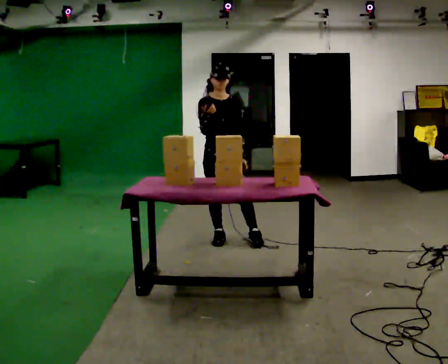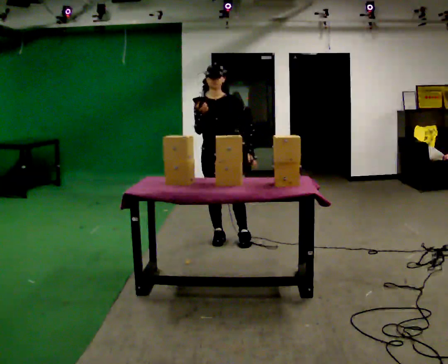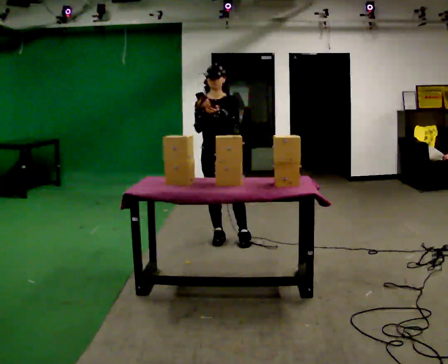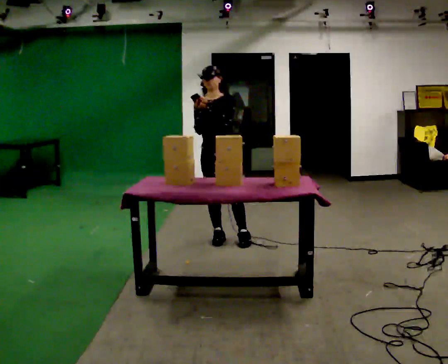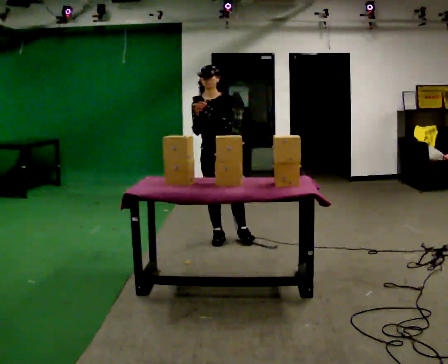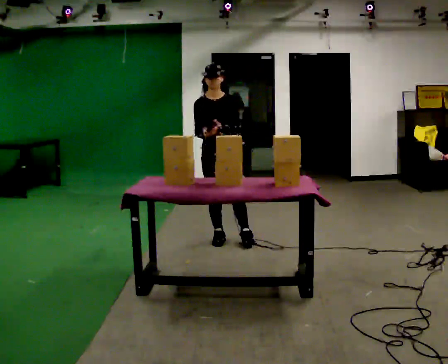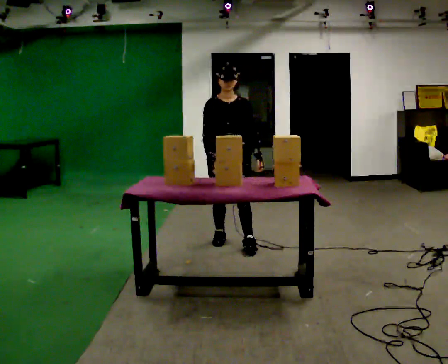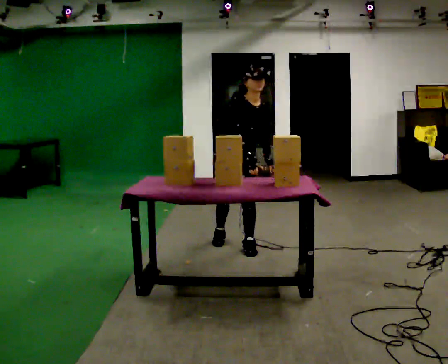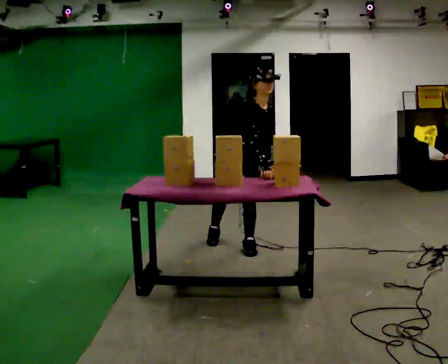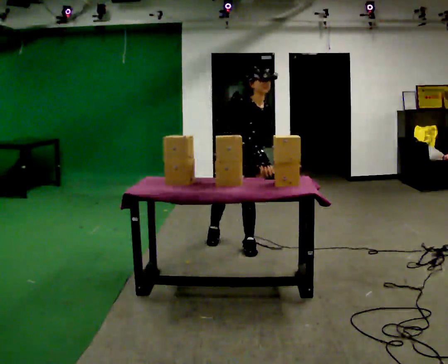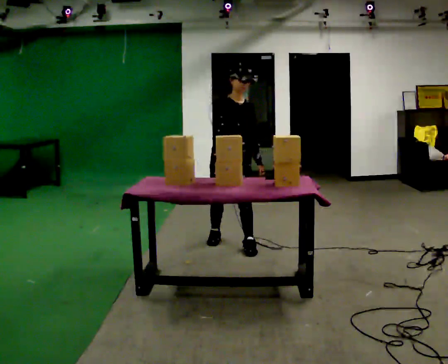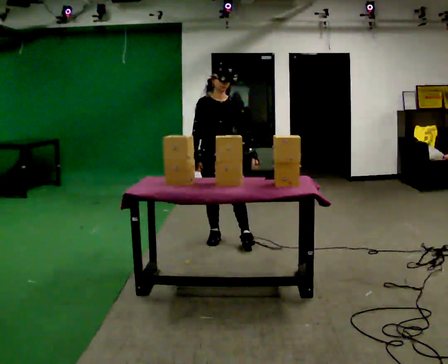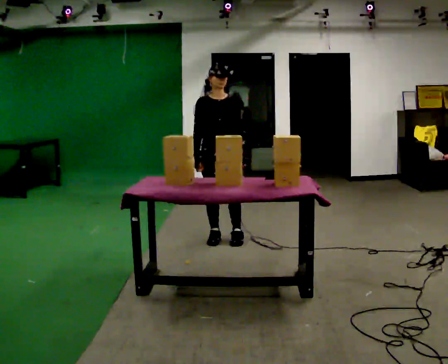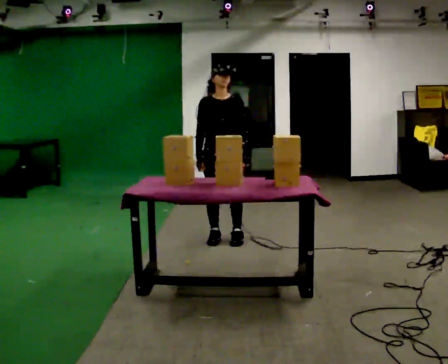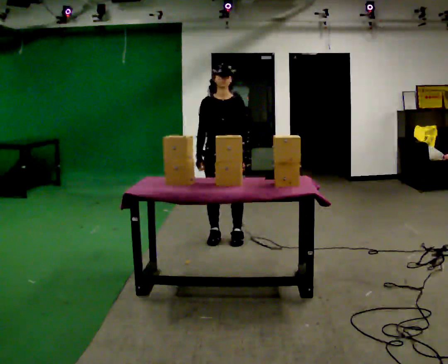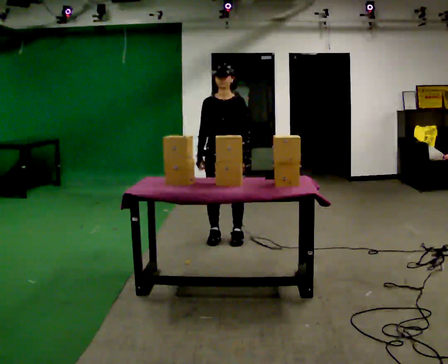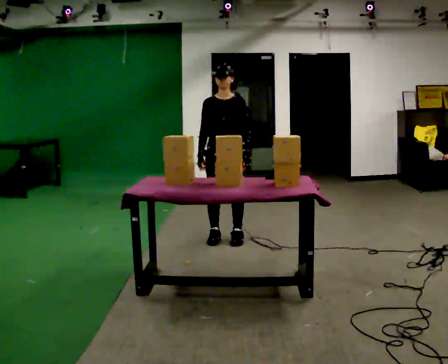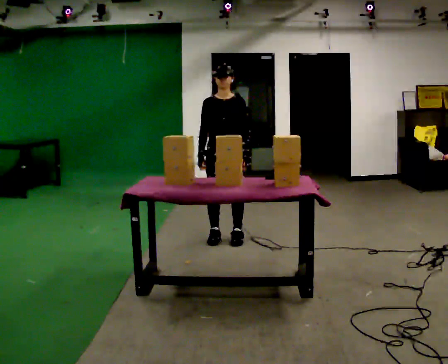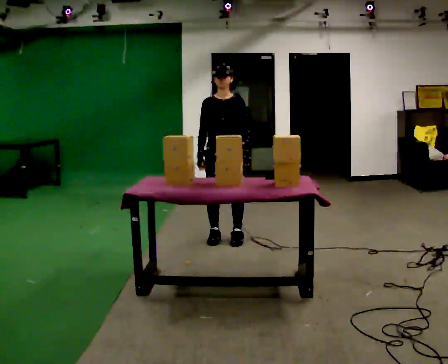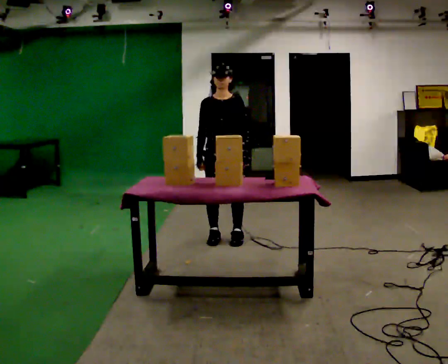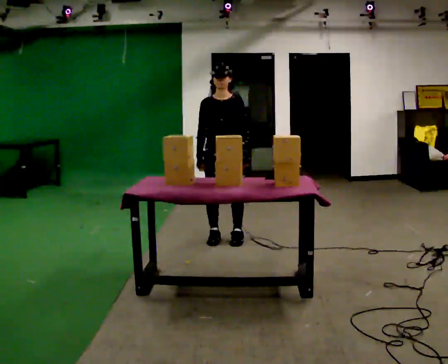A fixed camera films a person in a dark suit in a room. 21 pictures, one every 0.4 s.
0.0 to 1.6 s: In the picture their left hand goes upward and to the left.
1.6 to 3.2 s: Seen from above the body turns counterclockwise, about 30 degrees: to their left, with its near side sliding to the right. In the picture they go toward the camera and to the right, about 0.25 m in 1 step, which for them is forward and to their left. The upper body tips toward the camera, its near side rolling downward, as they bend forward. In the picture their left hand goes downward.
3.2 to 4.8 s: In the picture they go away from the camera and to the left, about 0.25 m in 1 step, which for them is backward and to their right. The upper body tips away from the camera, its near side rolling upward, as they lean back or straighten.
4.8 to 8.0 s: The person moves a little, or ends about where they began.
The film runs backward here.
